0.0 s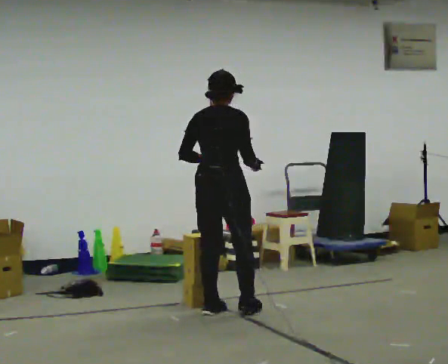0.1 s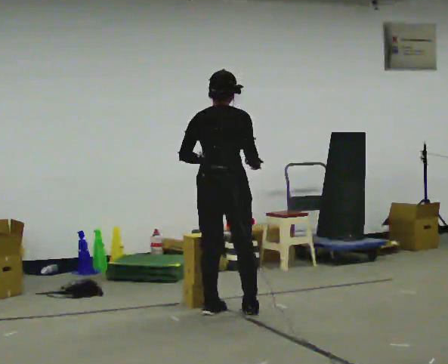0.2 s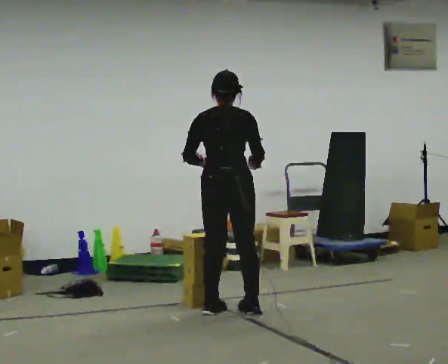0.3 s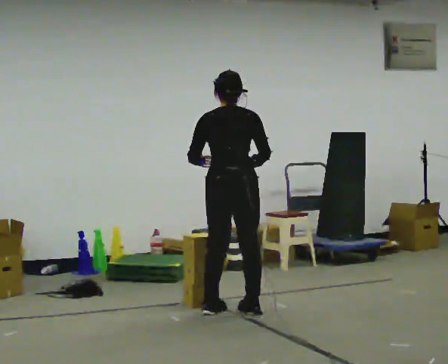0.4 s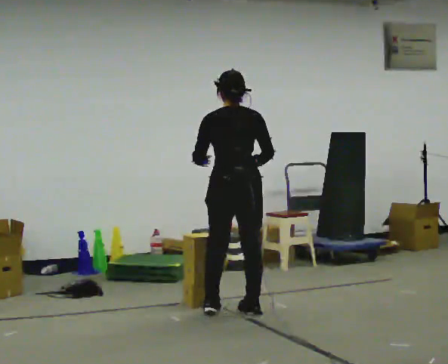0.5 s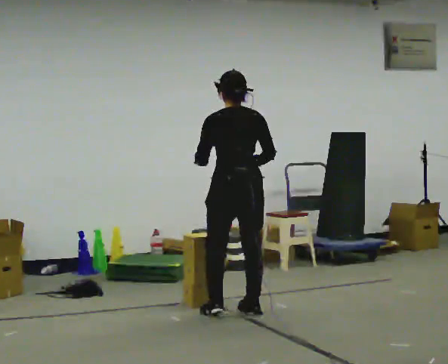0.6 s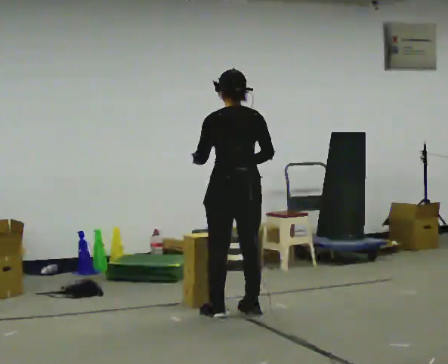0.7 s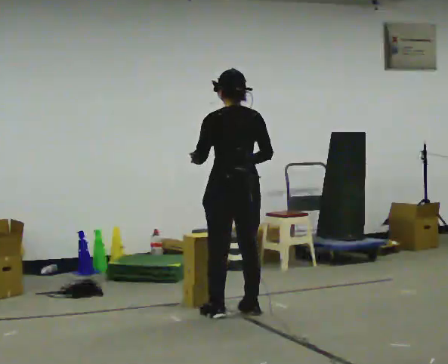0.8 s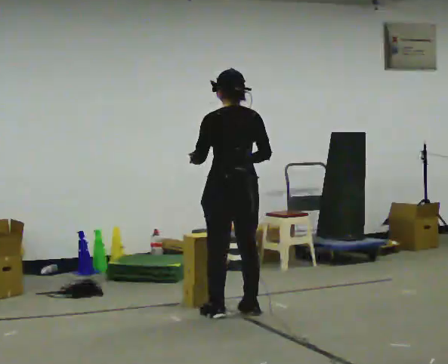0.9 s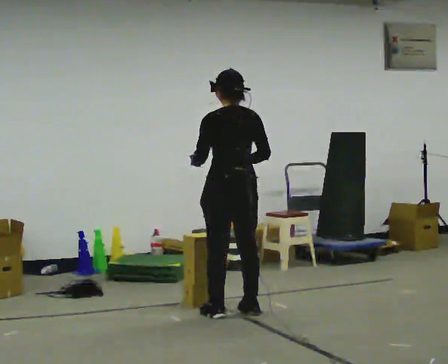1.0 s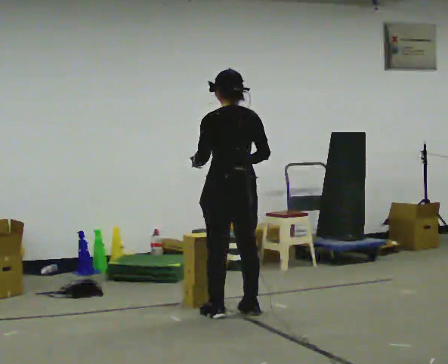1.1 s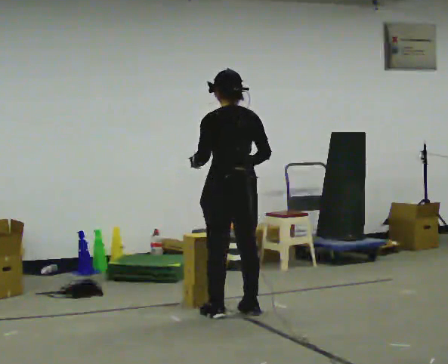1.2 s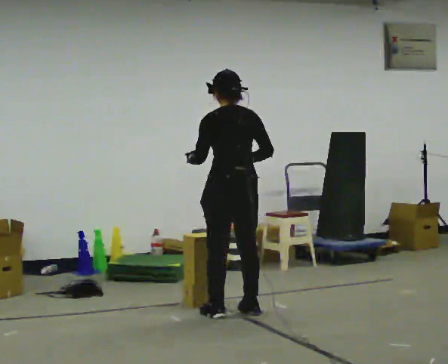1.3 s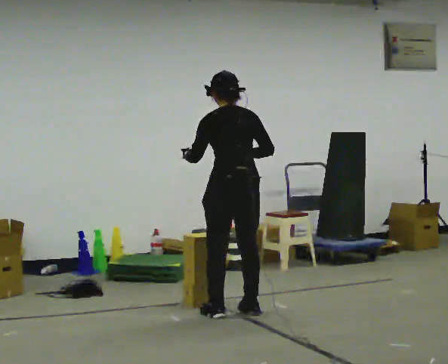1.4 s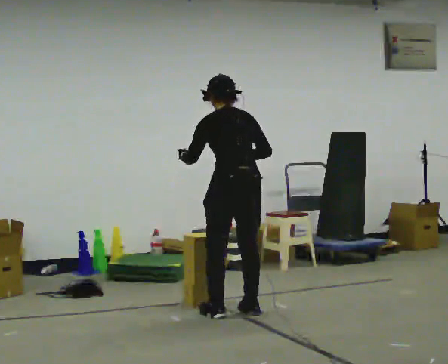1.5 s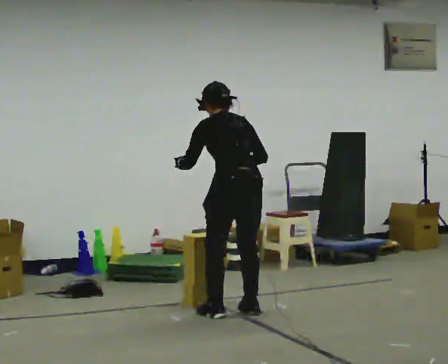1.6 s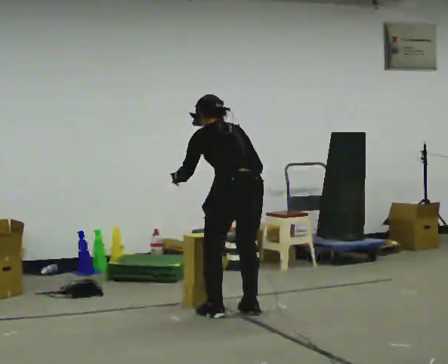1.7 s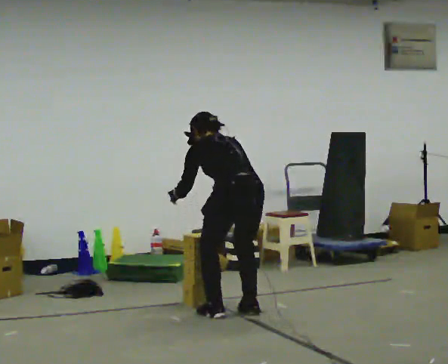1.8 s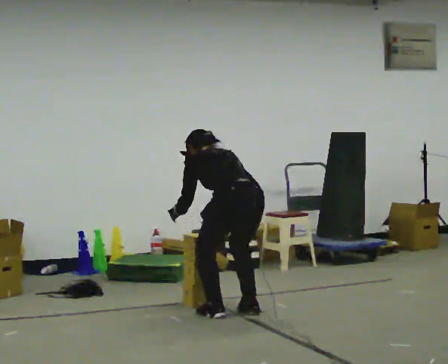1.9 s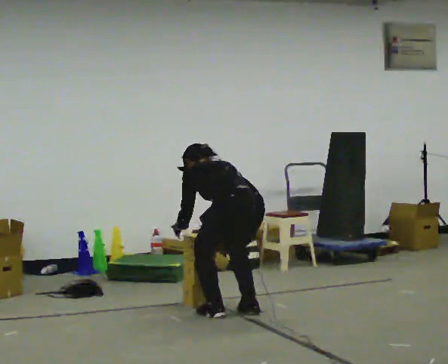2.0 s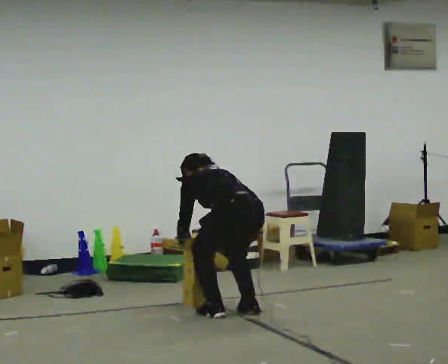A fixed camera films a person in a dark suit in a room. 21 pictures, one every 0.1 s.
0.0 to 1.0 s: The part of the body nearest the lens slides to the right as the person turns to their left by about 45 degrees.
1.0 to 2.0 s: The upper body goes downward. The upper body tips away from the camera, its near side rolling upward, as they bend forward. In the picture their left hand goes downward.
The film runs backward here.
